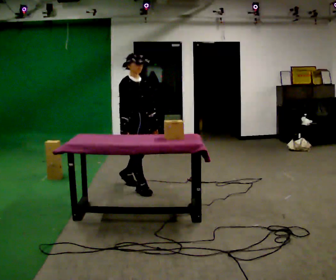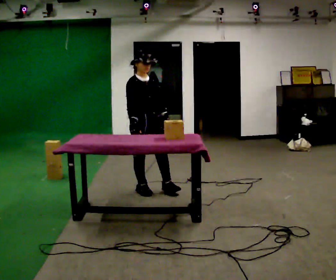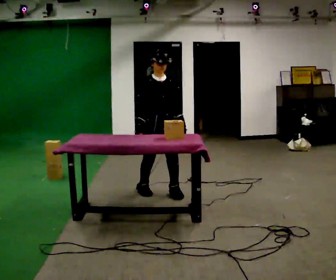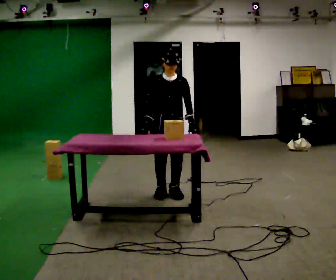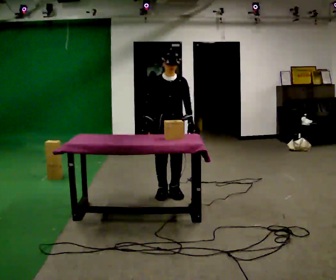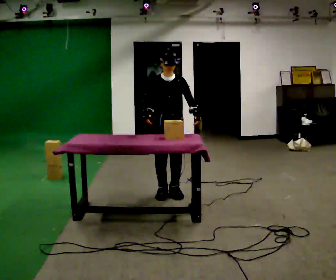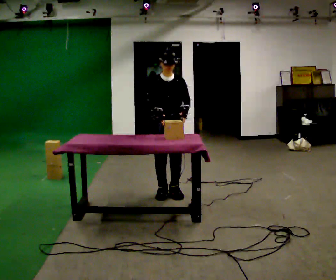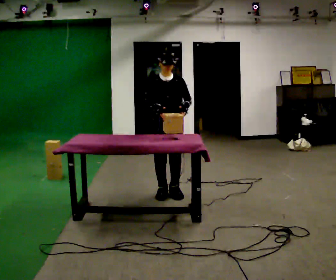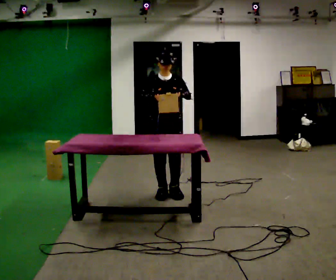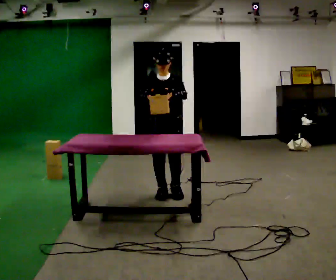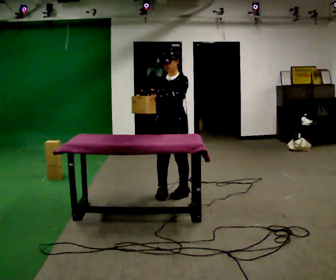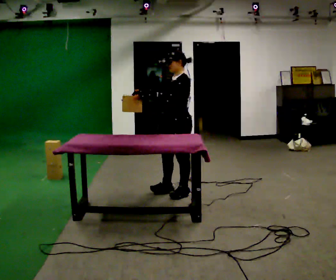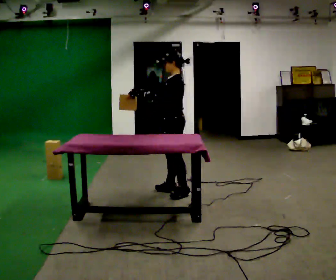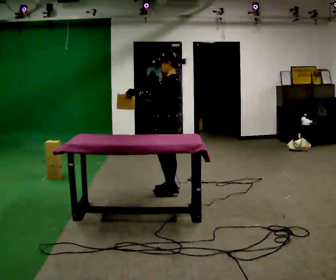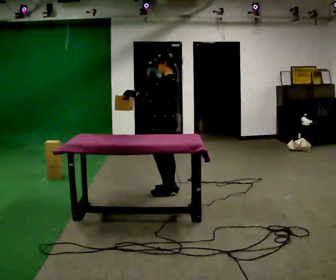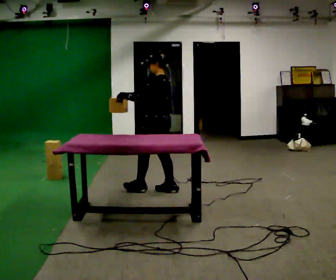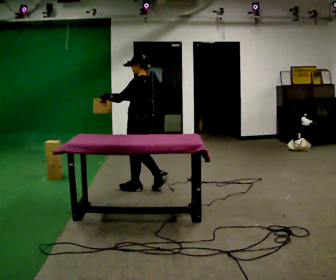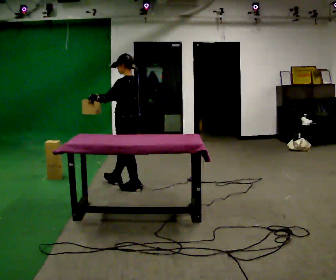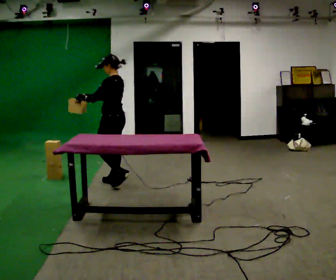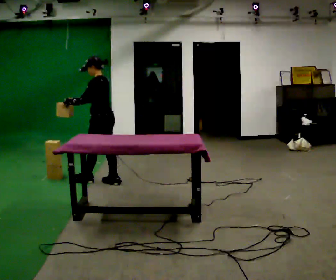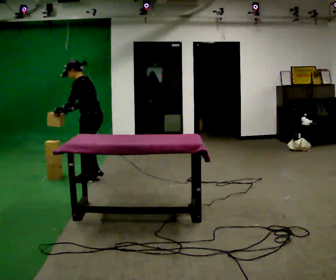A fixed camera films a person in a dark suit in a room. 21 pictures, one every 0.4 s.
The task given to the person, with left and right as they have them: Carry the fragile object across the room and set it down as gently as you can. Keep going until the operator says stop; one object at a time, and do not rush between trips.
0.0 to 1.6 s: The part of the body nearest the lens slides to the left as the person turns to their right by about 45 degrees. In the picture they go to the right and toward the camera, about 0.5 m in 2 steps, which for them is forward and to their left.
1.6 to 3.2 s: In the picture their left hand goes upward.
3.2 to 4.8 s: The part of the body nearest the lens slides to the left as the person turns to their right by about 90 degrees. In the picture their left hand goes to the left.
4.8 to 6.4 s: In the picture they go to the left, about 0.5 m in 1 step, which for them is forward.
6.4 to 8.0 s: In the picture they go to the left and away from the camera, about 0.5 m in 2 steps, which for them is forward. In the picture the upper body tilts counterclockwise, shoulders to the left, as they bend forward.
The film runs forward here.
